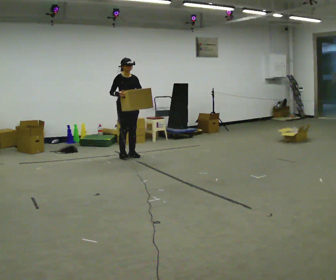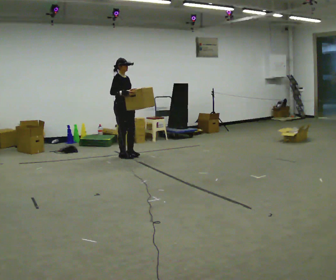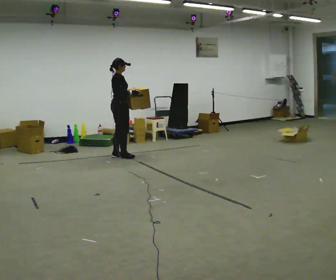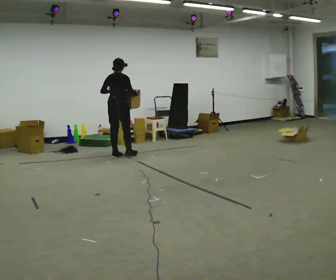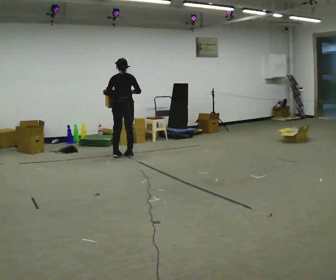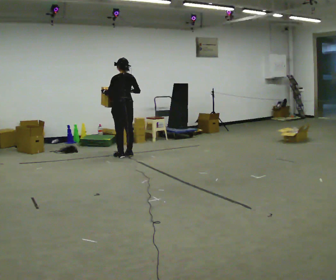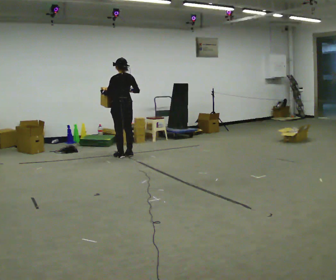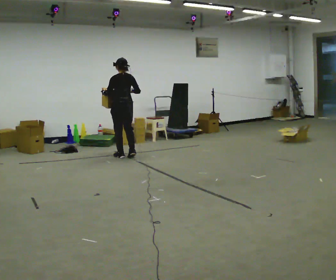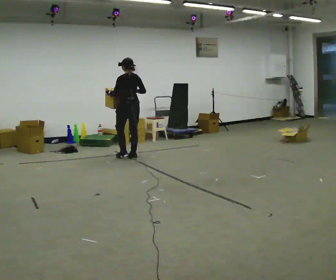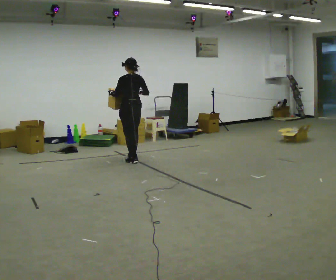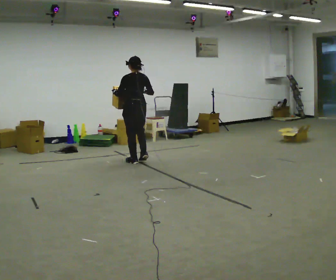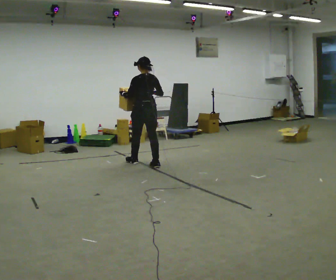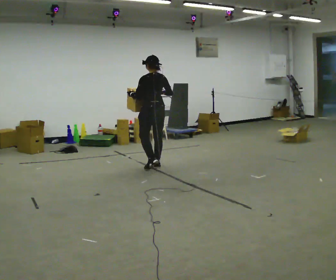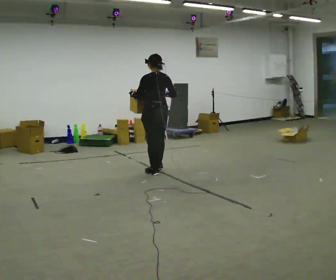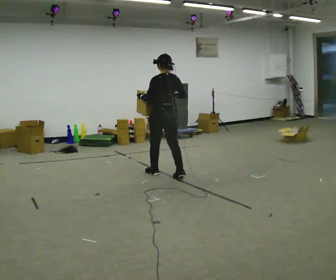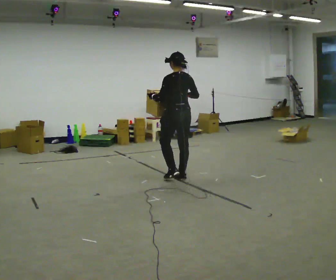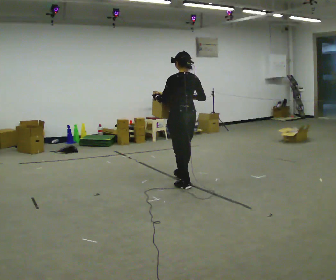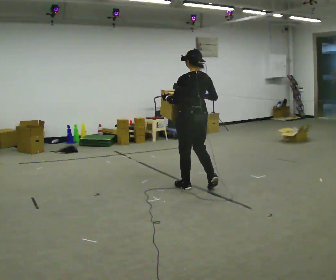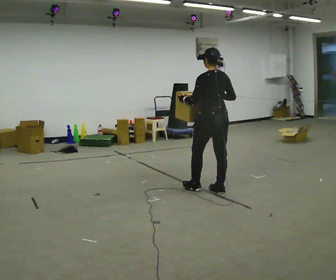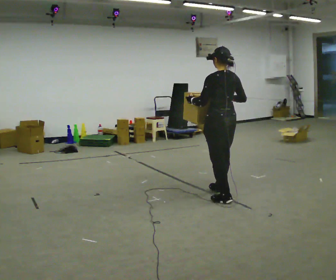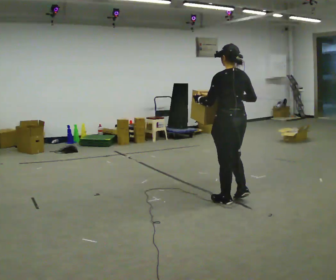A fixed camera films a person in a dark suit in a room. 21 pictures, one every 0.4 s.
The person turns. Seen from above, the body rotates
counterclockwise.
The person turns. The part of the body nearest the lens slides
to the right.
0.0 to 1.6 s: Seen from above the body turns counterclockwise, about 165 degrees: to their left, with its near side sliding to the right. In the picture their left hand goes to the left.
1.6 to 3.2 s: The person moves a little, or ends about where they began.
3.2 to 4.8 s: In the picture they go toward the camera and to the right, about 1 m in 2 steps, which for them is backward.
4.8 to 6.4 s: In the picture they go toward the camera, about 1 m in 3 steps, which for them is backward.
6.4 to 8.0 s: In the picture they go toward the camera and to the right, about 1 m in 2 steps, which for them is backward.
The film runs backward here.
